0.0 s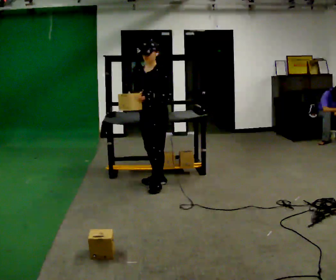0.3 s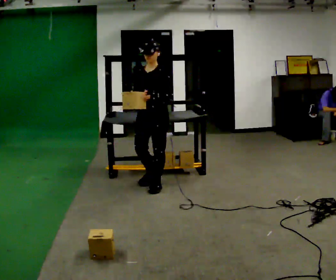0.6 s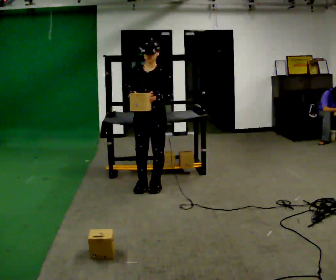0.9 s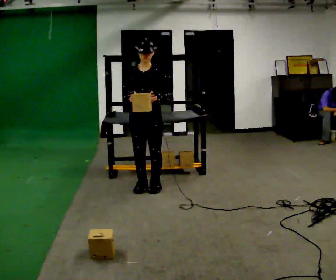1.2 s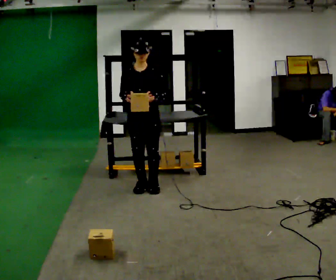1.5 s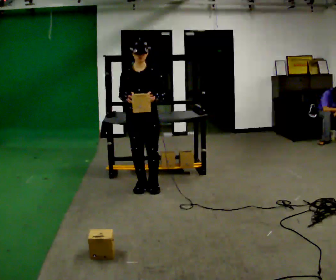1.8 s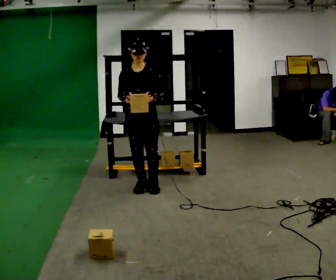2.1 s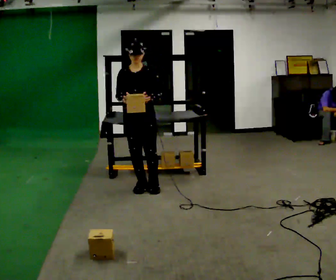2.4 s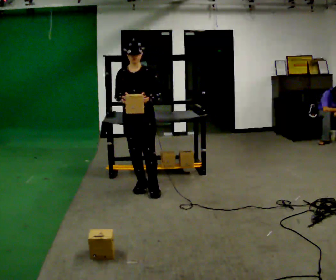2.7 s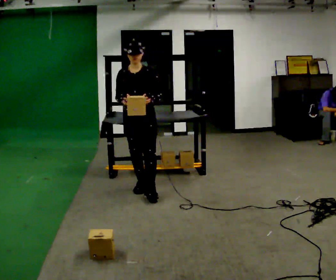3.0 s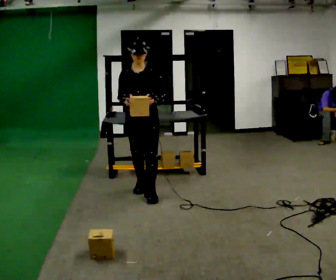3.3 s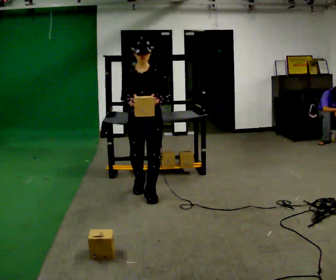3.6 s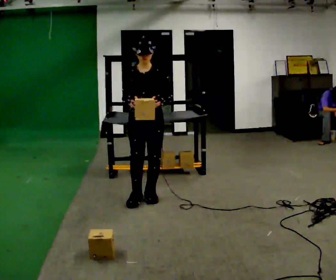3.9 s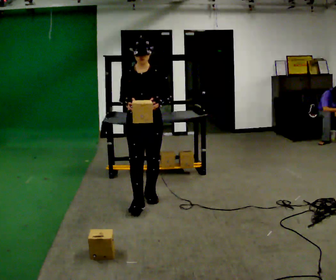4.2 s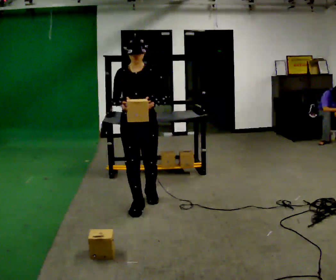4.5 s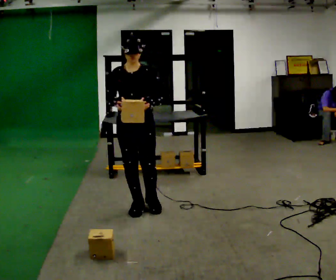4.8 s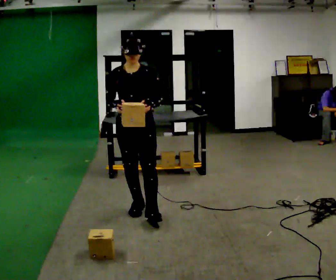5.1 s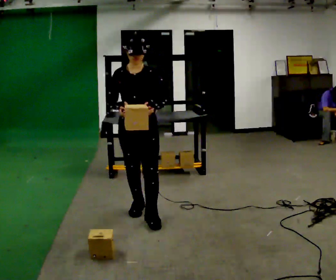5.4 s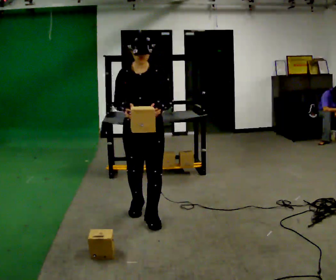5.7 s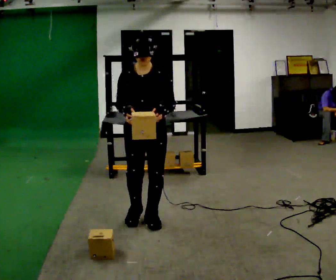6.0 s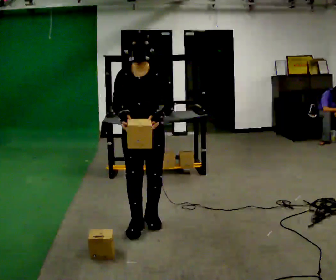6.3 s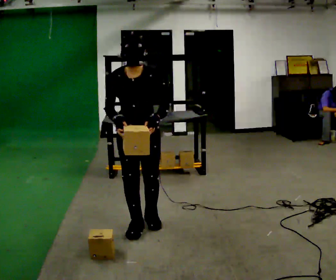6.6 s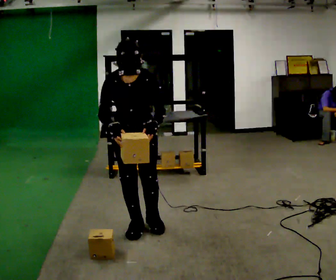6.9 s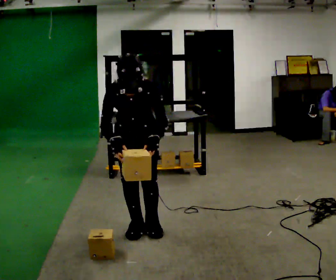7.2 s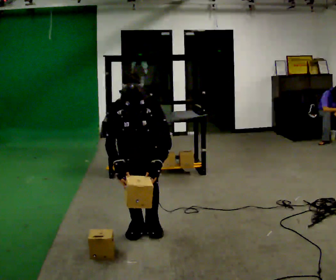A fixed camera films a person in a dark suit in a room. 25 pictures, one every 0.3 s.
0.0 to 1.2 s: The person turns about 45 degrees to their left, counterclockwise seen from above, so the part of the body nearest the lens slides to the right.
1.2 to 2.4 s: The person moves a little, or ends about where they began.
2.4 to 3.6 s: In the picture they go toward the camera, about 0.25 m in 1 step, which for them is forward and to their left.
3.6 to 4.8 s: In the picture they go toward the camera, about 0.5 m in 2 steps, which for them is forward.
4.8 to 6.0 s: In the picture they go toward the camera, about 0.25 m in 1 step, which for them is forward.
6.0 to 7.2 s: The shoulders move downward. The upper body tips toward the camera, its near side rolling downward, as they bend forward. In the picture their left hand goes downward.
The film runs forward here.
